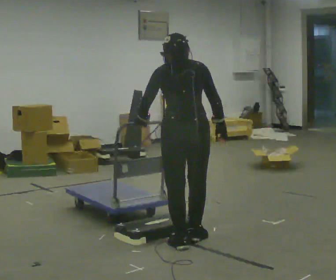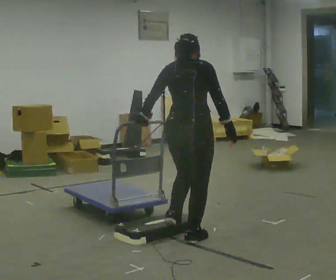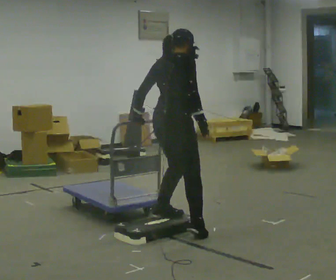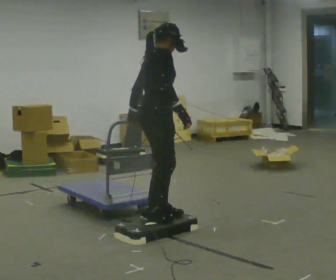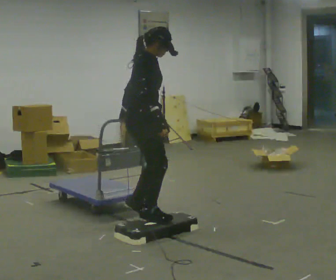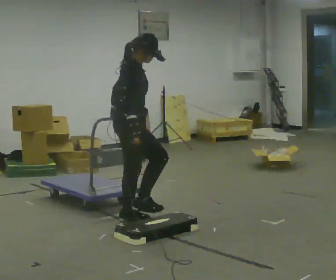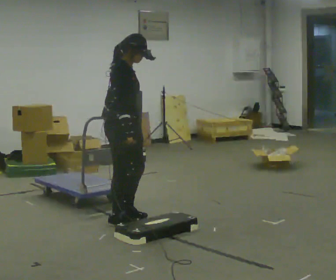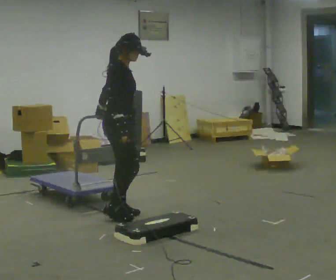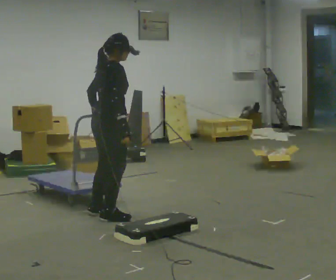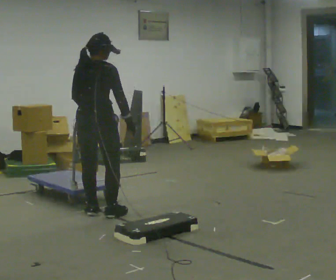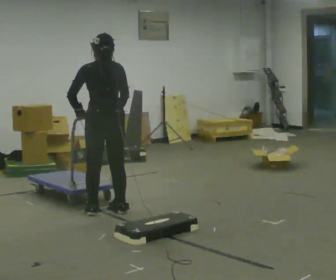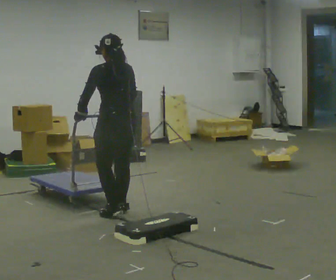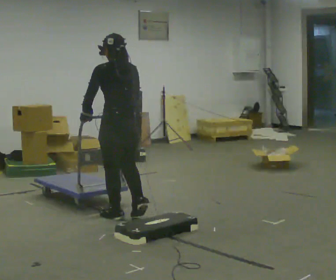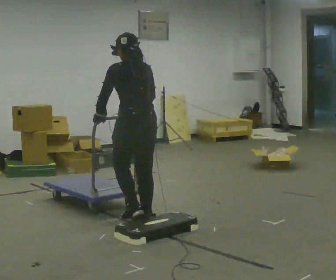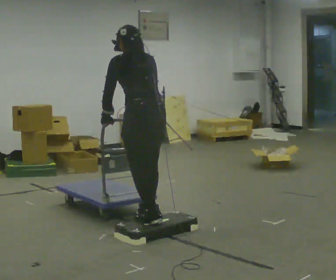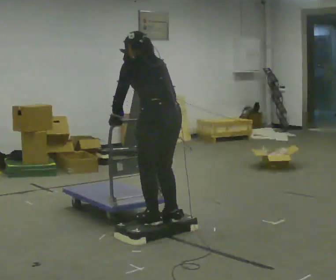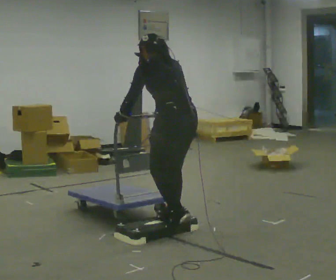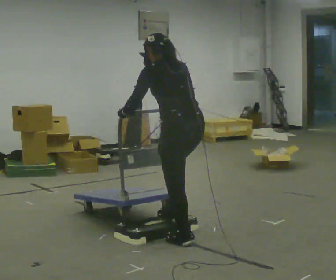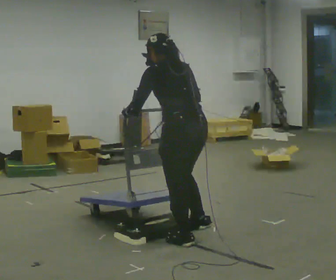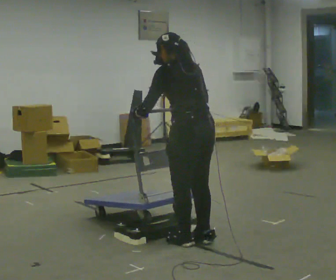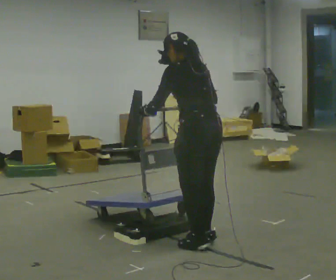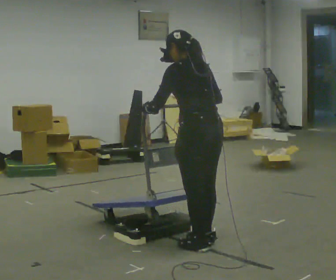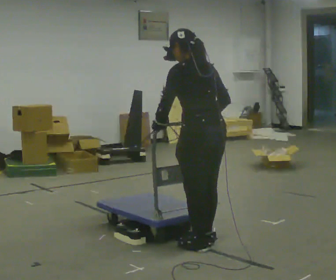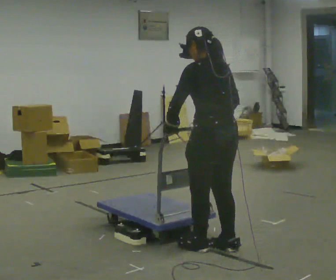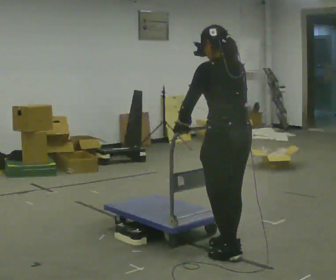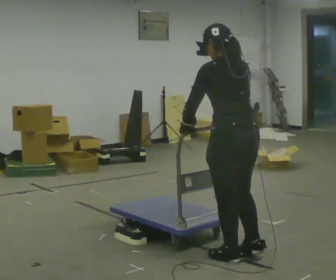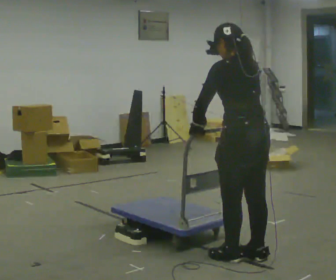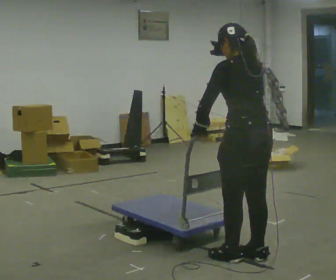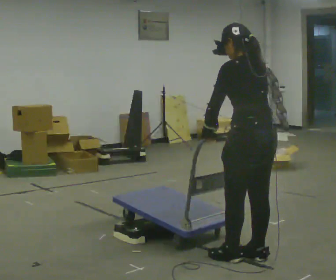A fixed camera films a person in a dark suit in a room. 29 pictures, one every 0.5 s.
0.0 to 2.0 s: Seen from above the body turns clockwise, about 90 degrees: to their right, with its near side sliding to the left. In the picture they go away from the camera and to the left, about 0.5 m in 3 steps.
2.0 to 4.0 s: In the picture they go away from the camera and to the left, about 0.5 m in 4 steps, which for them is backward and to their left.
4.0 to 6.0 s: The part of the body nearest the lens slides to the right as the person turns to their left by about 90 degrees.
6.0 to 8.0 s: In the picture they go toward the camera and to the right, about 0.75 m in 3 steps, which for them is backward.
8.0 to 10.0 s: In the picture they go toward the camera and to the right, about 0.25 m in 2 steps, which for them is backward.
10.0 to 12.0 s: In the picture they go toward the camera and to the right, about 0.25 m in 2 steps, which for them is backward.
12.0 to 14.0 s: The person moves a little, or ends about where they began.
The film runs backward here.
